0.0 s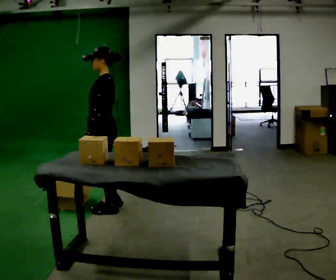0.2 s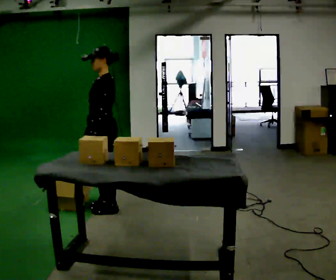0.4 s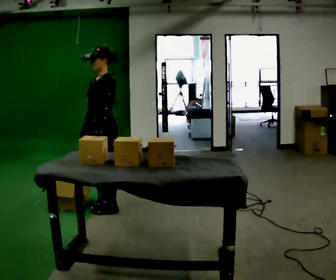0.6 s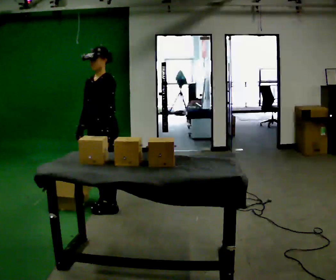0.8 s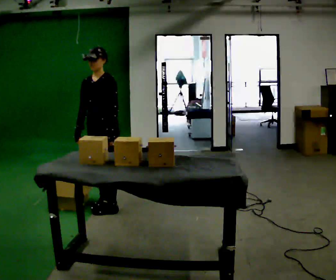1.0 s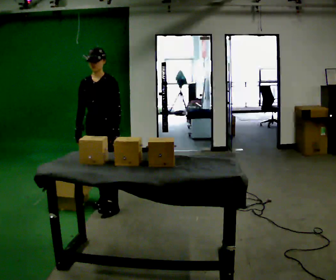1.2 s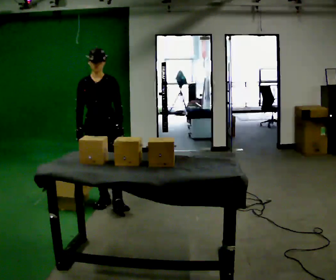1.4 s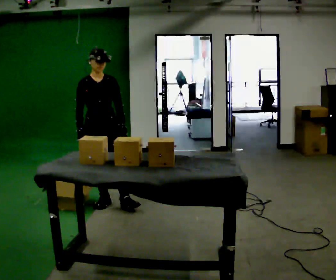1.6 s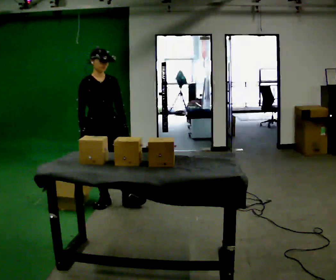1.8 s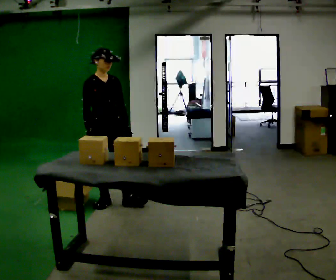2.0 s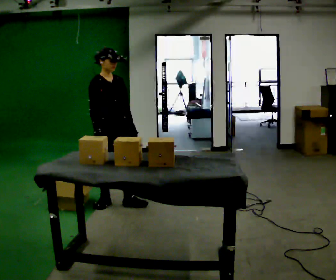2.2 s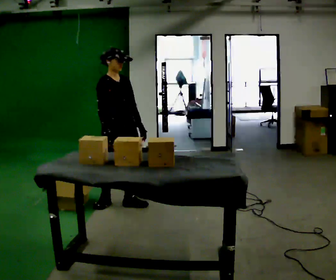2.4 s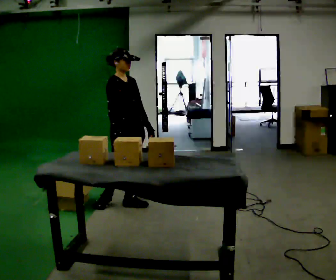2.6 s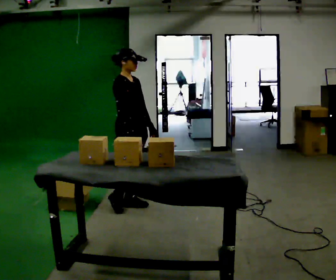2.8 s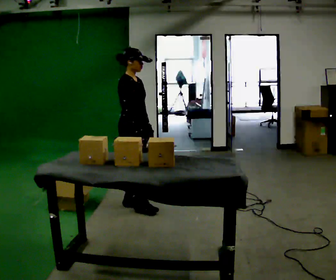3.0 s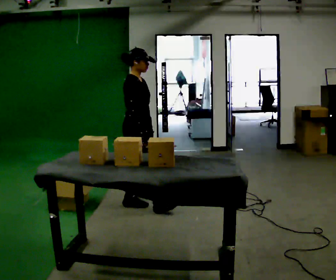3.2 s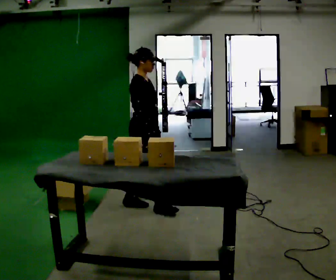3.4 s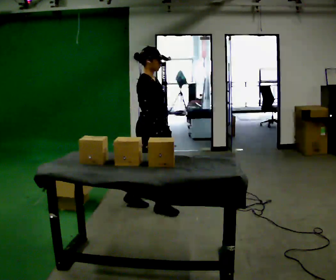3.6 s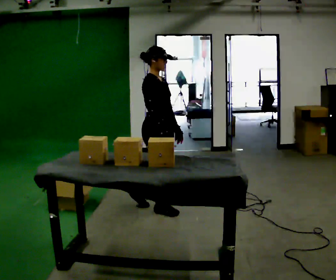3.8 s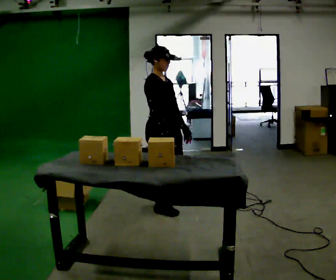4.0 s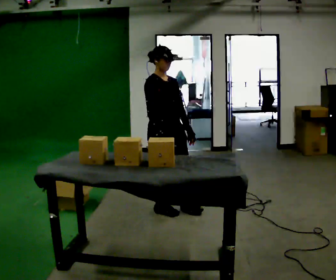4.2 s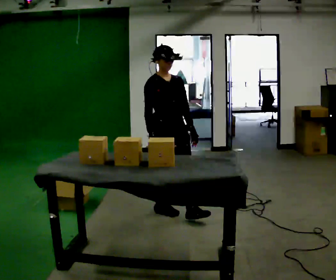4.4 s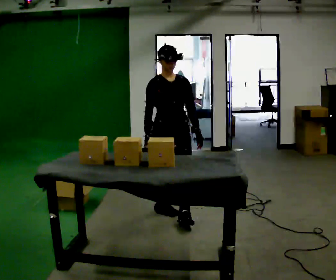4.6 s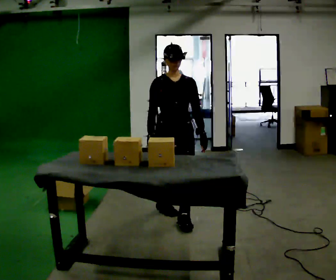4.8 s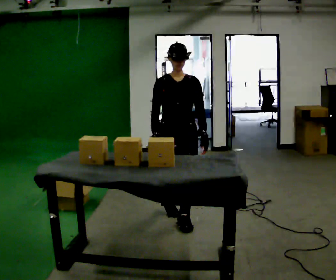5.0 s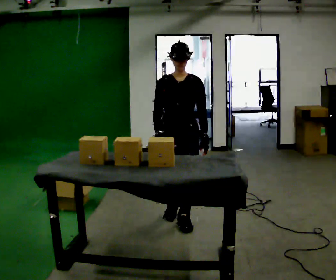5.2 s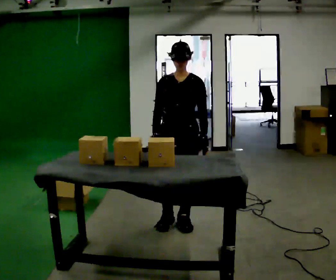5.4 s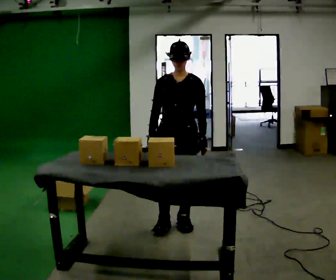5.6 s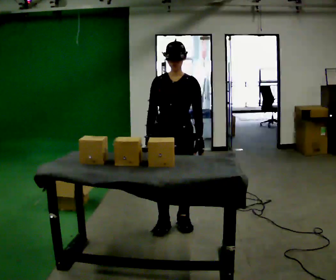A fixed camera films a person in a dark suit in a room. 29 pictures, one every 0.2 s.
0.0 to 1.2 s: The person turns about 90 degrees to their left, counterclockwise seen from above, so the part of the body nearest the lens slides to the right. In the picture they go away from the camera, about 0.25 m in 1 step.
1.2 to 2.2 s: The person turns about 45 degrees to their left, counterclockwise seen from above, so the part of the body nearest the lens slides to the right. In the picture they go to the right, about 0.25 m in 1 step, which for them is to their left. In the picture their right hand goes to the right.
2.2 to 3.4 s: Seen from above the body turns counterclockwise, about 30 degrees: to their left, with its near side sliding to the right. In the picture they go to the right, about 0.25 m in 1 step, which for them is forward.
3.4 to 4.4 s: Seen from above the body turns clockwise, about 60 degrees: to their right, with its near side sliding to the left. In the picture they go toward the camera and to the right, about 0.25 m in 1 step, which for them is forward.
4.4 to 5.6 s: Seen from above the body turns clockwise, about 30 degrees: to their right, with its near side sliding to the left. In the picture they go toward the camera, about 0.25 m in 1 step, which for them is forward.
The film runs forward here.
